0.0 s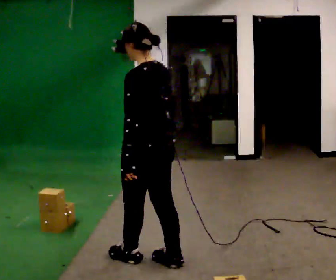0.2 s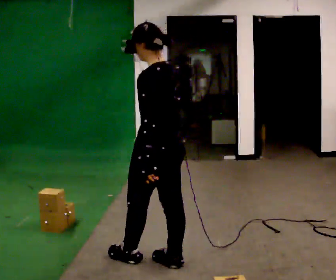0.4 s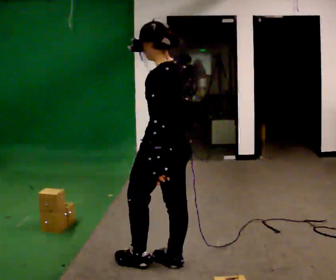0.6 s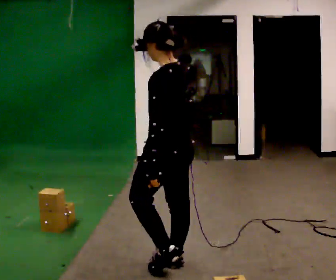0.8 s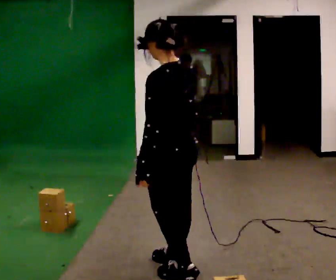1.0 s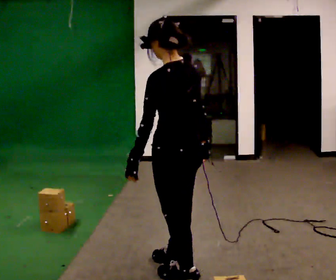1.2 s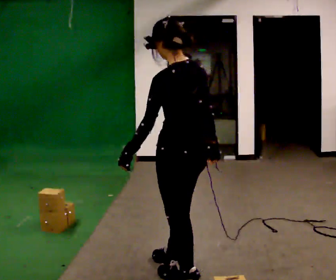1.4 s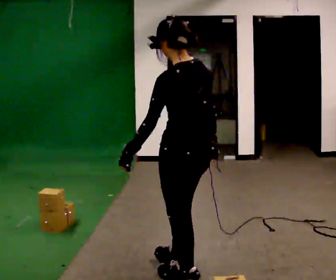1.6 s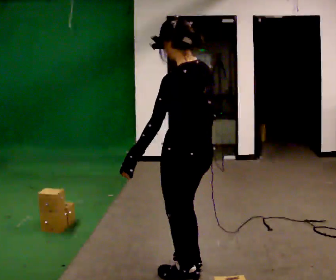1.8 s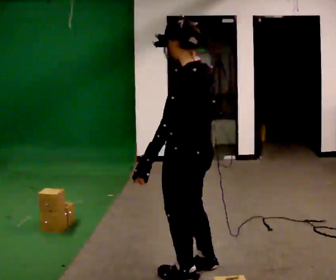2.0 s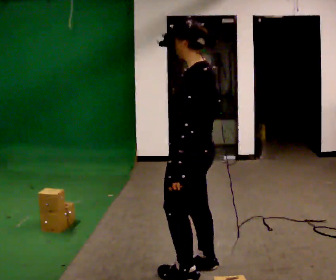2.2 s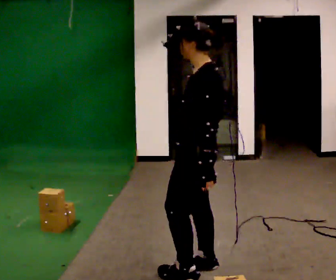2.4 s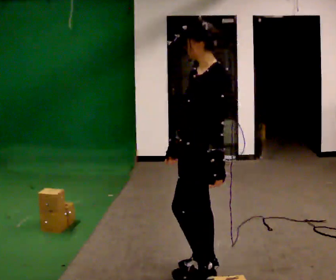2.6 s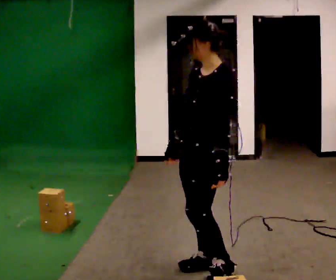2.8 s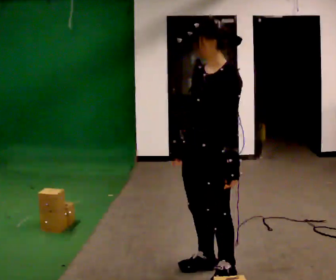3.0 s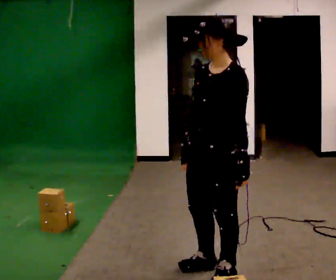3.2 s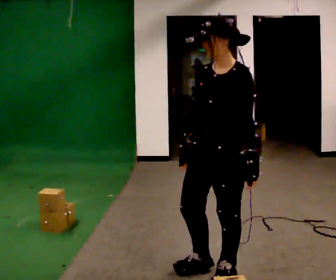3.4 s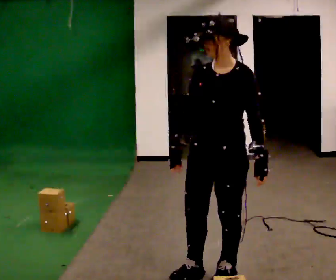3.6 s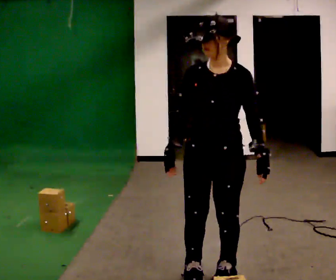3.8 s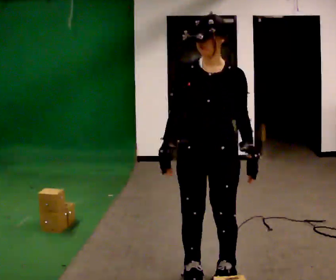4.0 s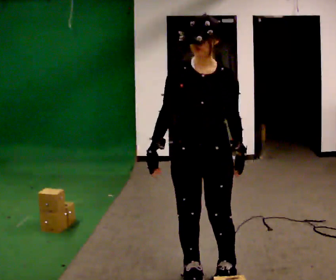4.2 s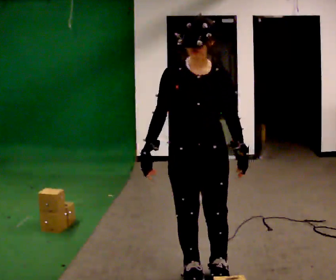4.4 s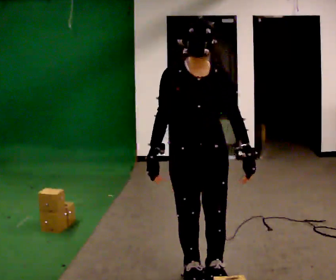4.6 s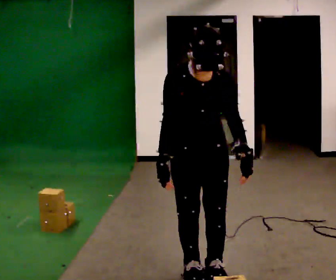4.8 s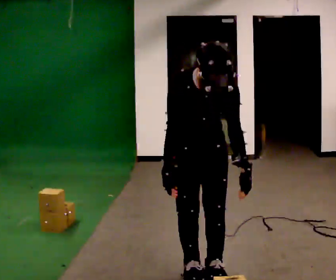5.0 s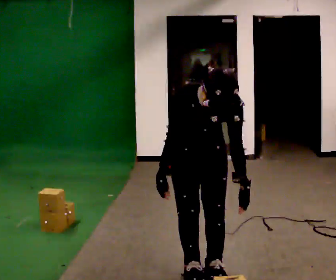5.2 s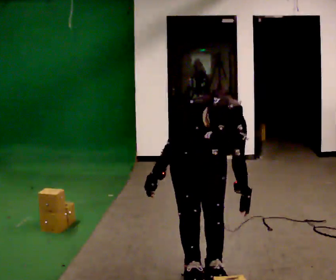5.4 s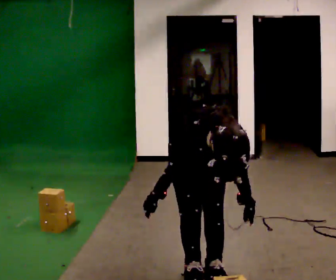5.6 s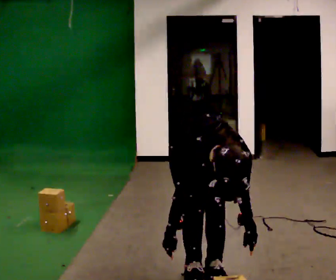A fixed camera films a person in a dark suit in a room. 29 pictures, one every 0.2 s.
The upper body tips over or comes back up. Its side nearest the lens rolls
downward.
The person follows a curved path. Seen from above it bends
counterclockwise.
0.0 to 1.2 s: In the picture they go to the right and toward the camera, about 0.25 m in 1 step, which for them is backward.
1.2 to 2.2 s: The part of the body nearest the lens slides to the right as the person turns to their left by about 30 degrees. In the picture their left hand goes to the right.
2.2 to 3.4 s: The part of the body nearest the lens slides to the right as the person turns to their left by about 60 degrees.
3.4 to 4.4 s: Seen from above the body turns counterclockwise, about 30 degrees: to their left, with its near side sliding to the right.
4.4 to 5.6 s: The shoulders move downward. The upper body tips toward the camera, its near side rolling downward, as they bend forward. In the picture their left hand goes downward.
The film runs backward here.
